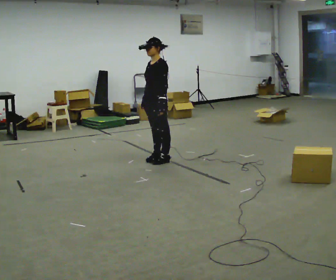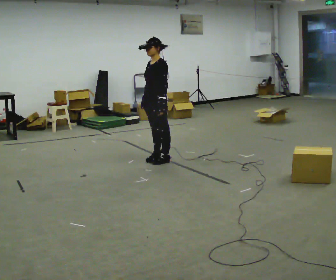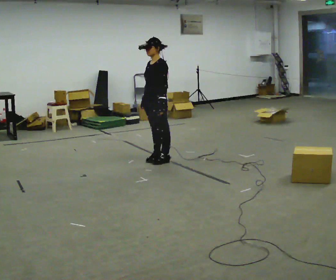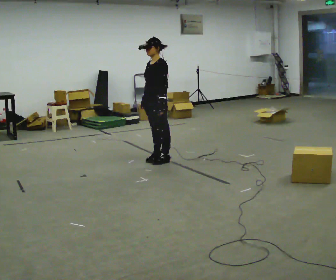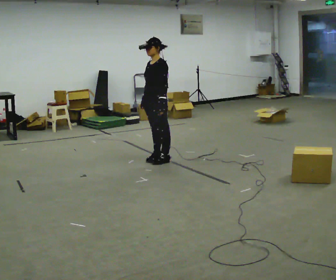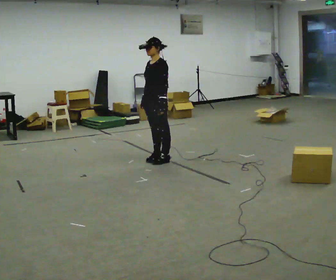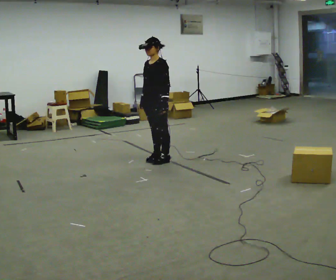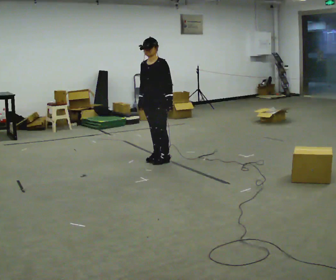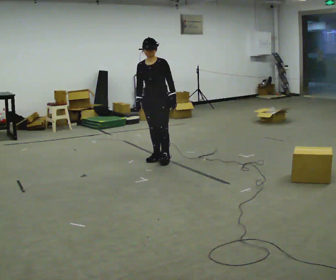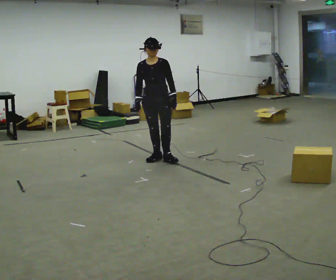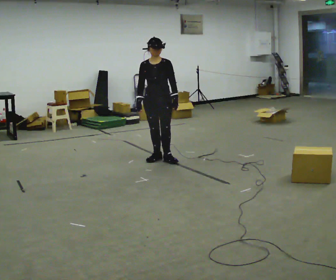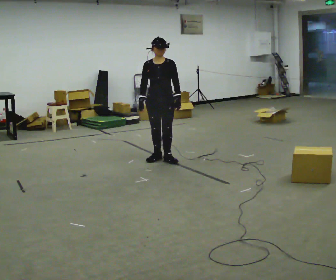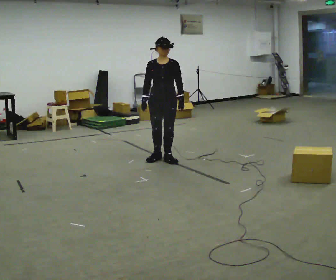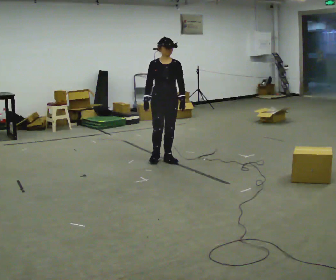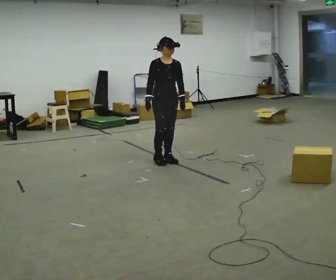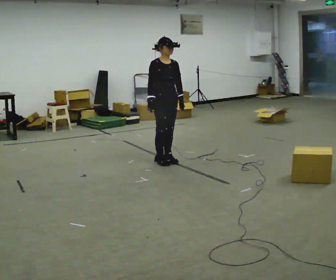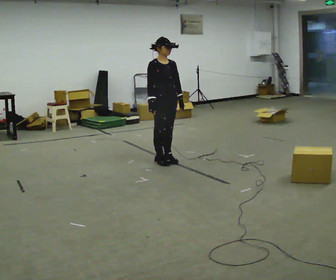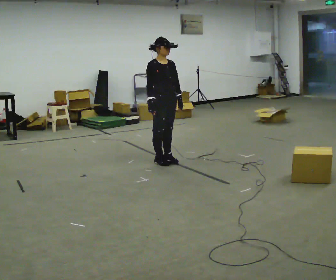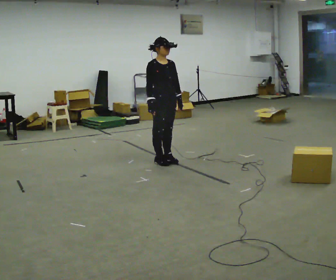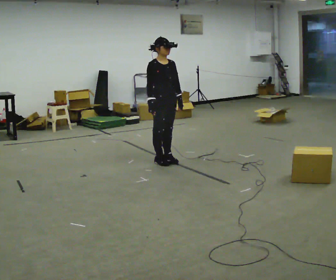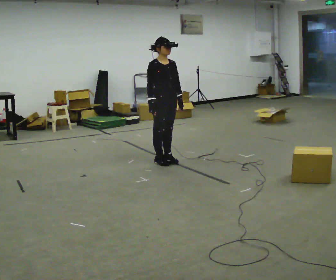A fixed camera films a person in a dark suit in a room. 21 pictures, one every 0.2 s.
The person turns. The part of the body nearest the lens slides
to the right.
The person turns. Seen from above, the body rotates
counterclockwise.
0.0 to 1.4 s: The person turns about 30 degrees to their left, counterclockwise seen from above, so the part of the body nearest the lens slides to the right.
1.4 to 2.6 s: The person turns about 45 degrees to their left, counterclockwise seen from above, so the part of the body nearest the lens slides to the right.
2.6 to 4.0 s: The part of the body nearest the lens slides to the right as the person turns to their left by about 30 degrees.
The film runs forward here.
